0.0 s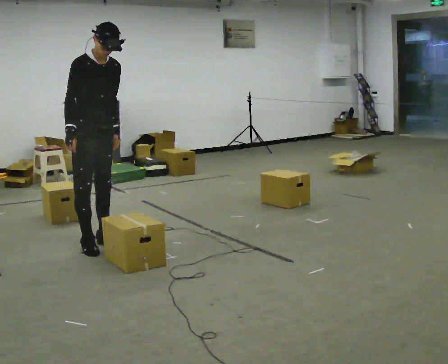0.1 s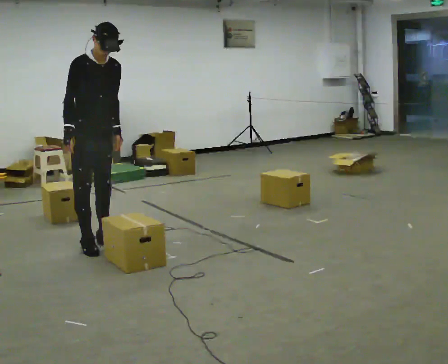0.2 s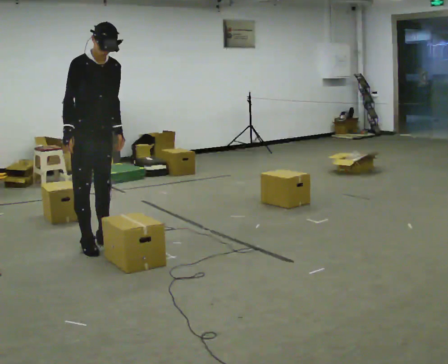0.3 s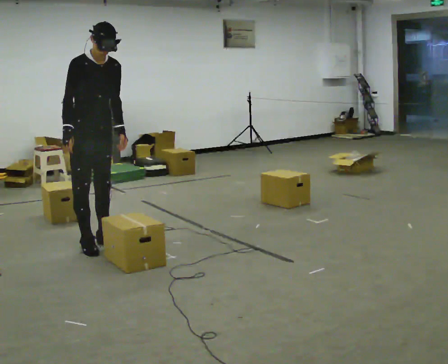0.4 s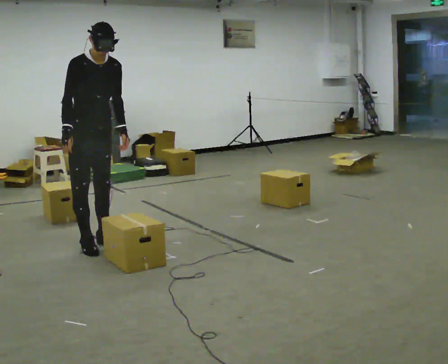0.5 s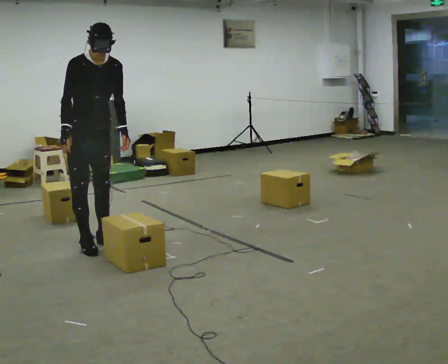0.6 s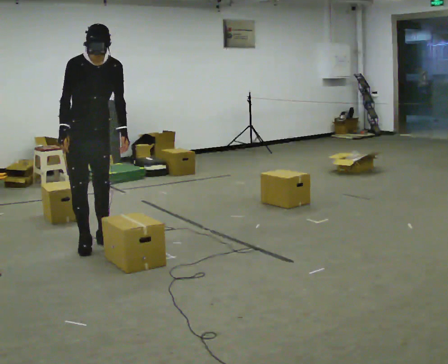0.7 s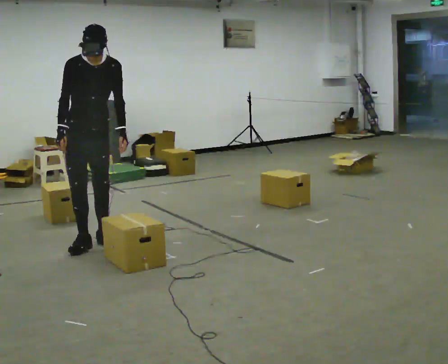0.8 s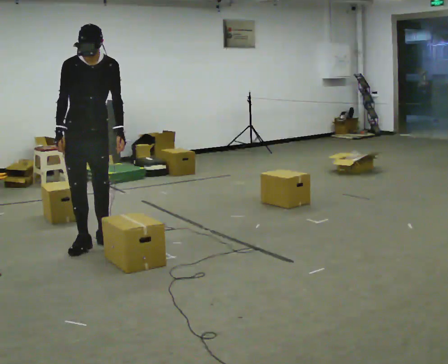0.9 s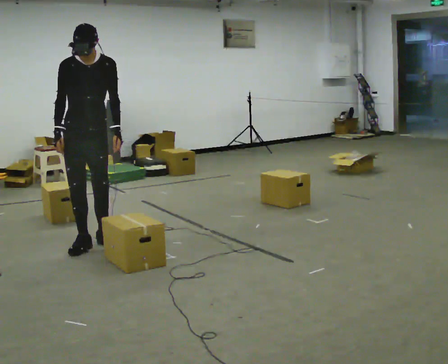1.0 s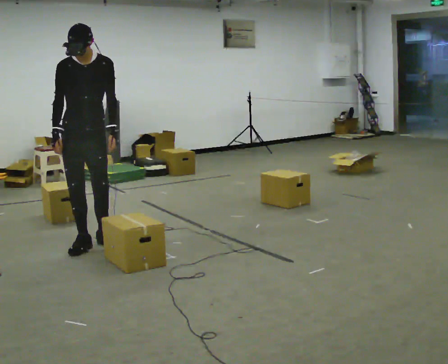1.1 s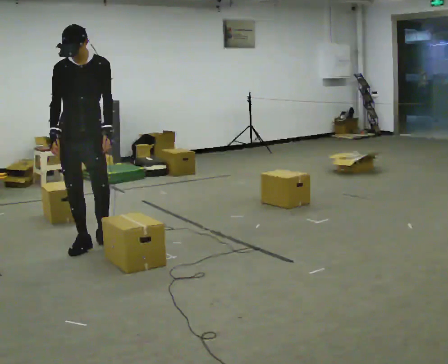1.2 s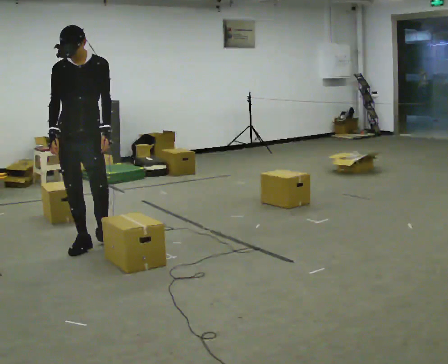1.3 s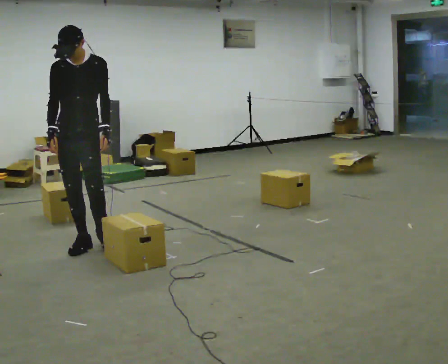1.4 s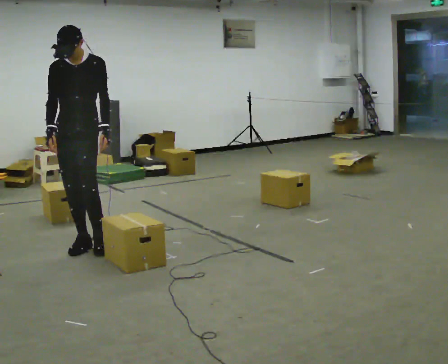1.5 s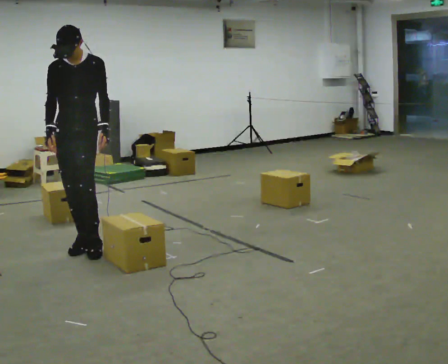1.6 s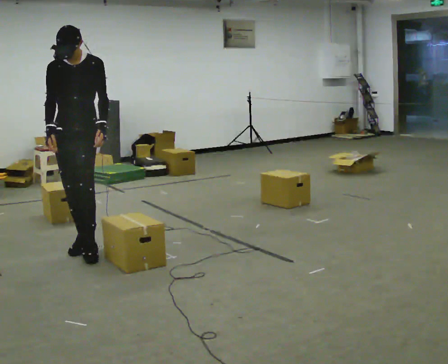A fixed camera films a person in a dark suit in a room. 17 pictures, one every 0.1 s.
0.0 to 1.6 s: Seen from above the body turns clockwise, about 45 degrees: to their right, with its near side sliding to the left.
The film runs forward here.
